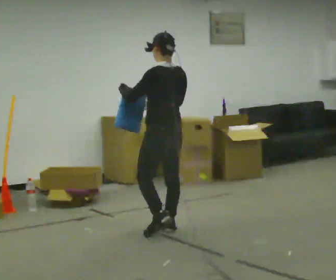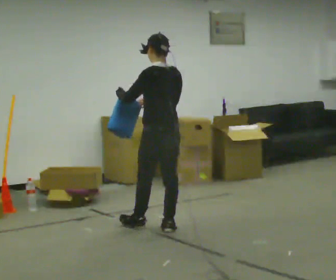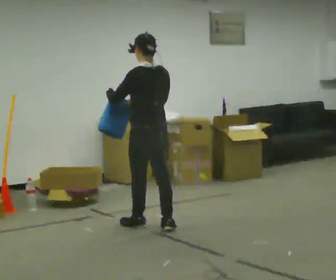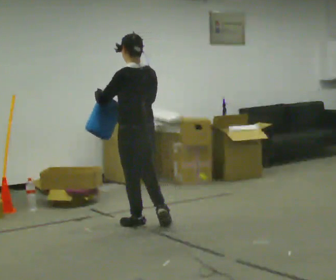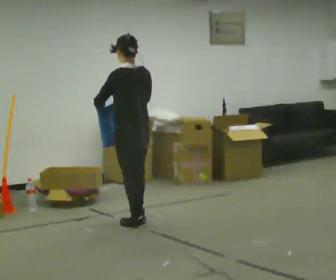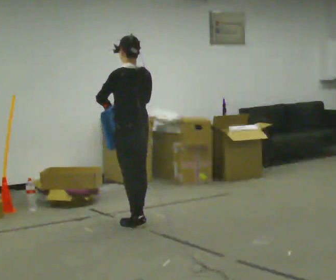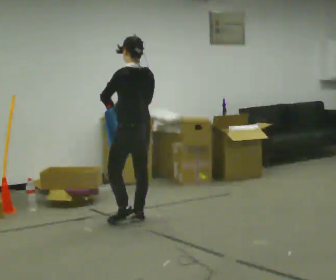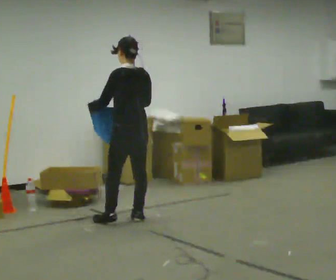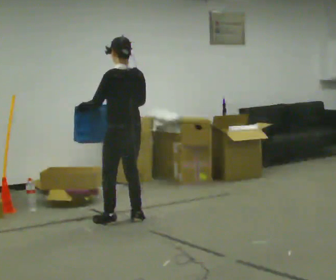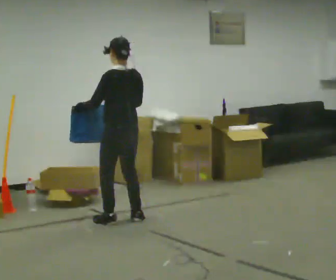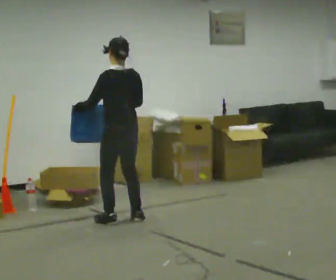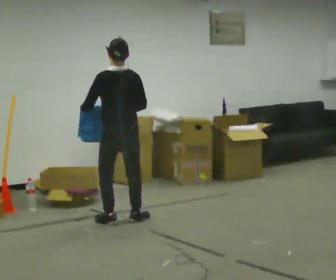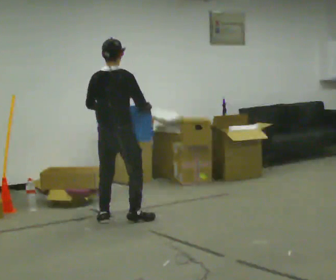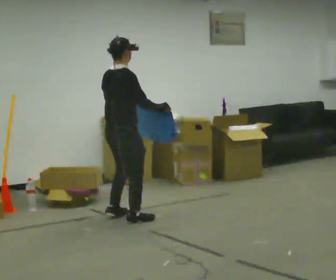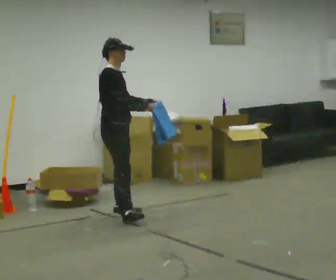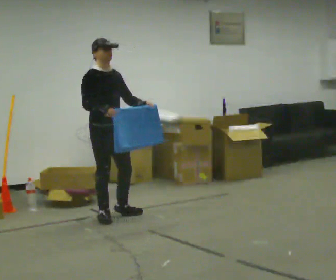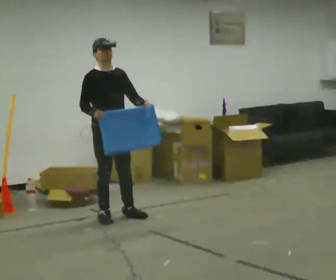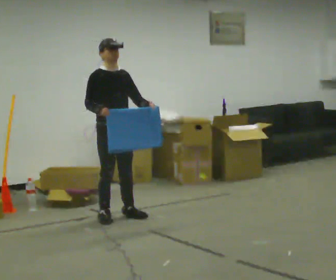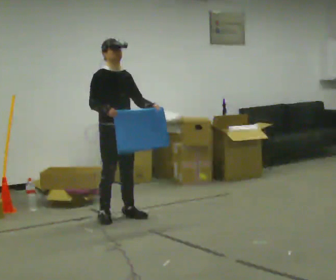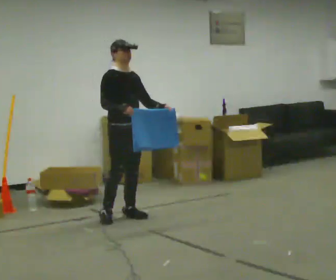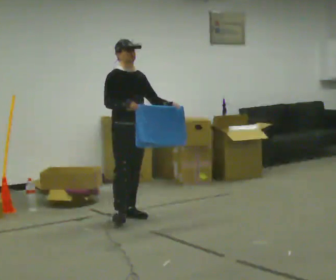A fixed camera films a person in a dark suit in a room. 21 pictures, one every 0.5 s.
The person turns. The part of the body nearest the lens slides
to the left.
The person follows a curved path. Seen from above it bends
clockwise.
0.0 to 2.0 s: In the picture they go to the left and away from the camera, about 0.25 m in 2 steps, which for them is forward.
2.0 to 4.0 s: In the picture they go away from the camera, about 0.25 m in 1 step, which for them is forward.
4.0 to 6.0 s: Seen from above the body turns clockwise, about 60 degrees: to their right, with its near side sliding to the left.
6.0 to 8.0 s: Seen from above the body turns clockwise, about 135 degrees: to their right, with its near side sliding to the left. In the picture they go away from the camera, about 0.25 m in 2 steps. In the picture their left hand goes to the right.
8.0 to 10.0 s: In the picture they go to the right, about 0.25 m, which for them is to their left.
The film runs forward here.
